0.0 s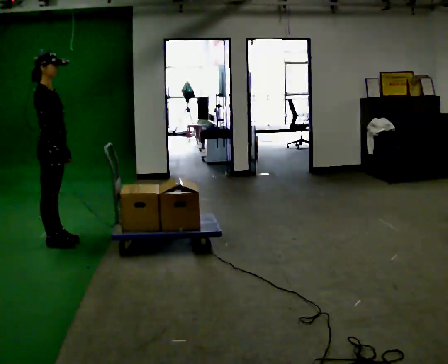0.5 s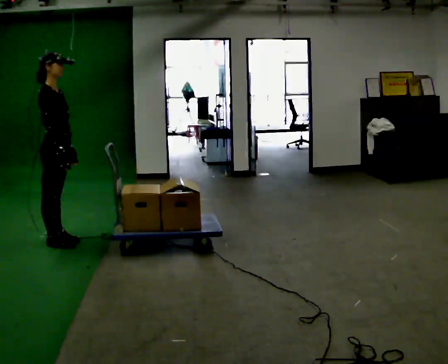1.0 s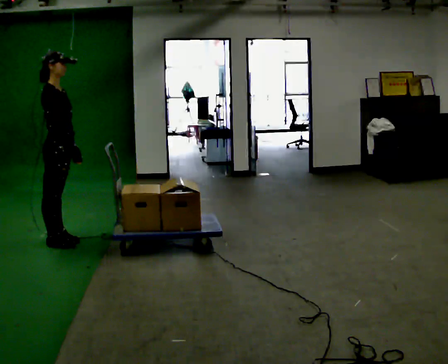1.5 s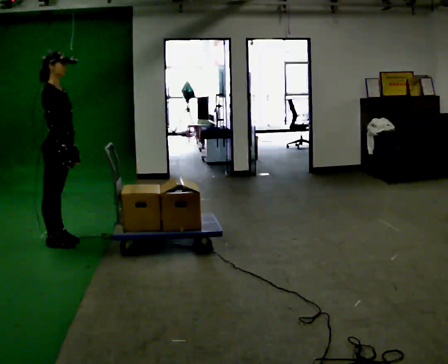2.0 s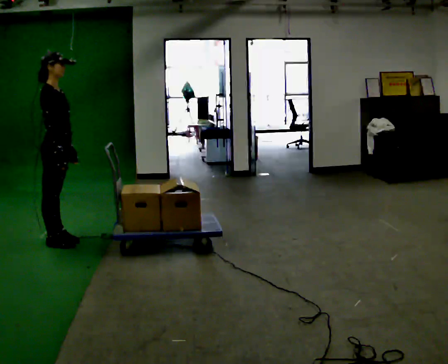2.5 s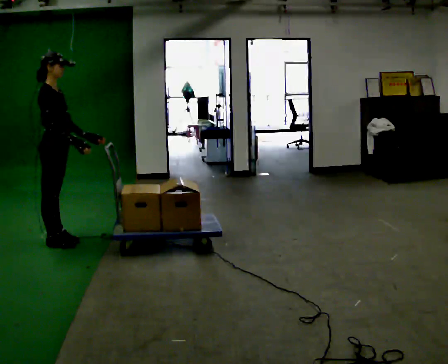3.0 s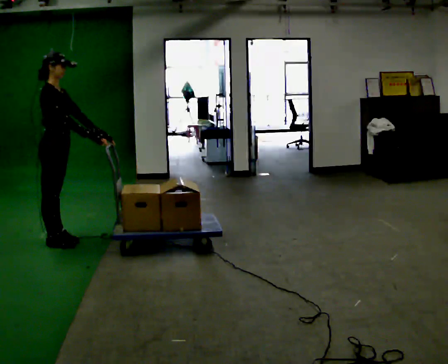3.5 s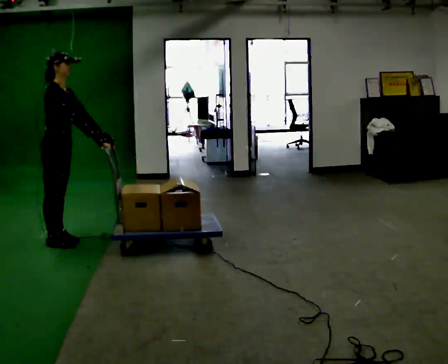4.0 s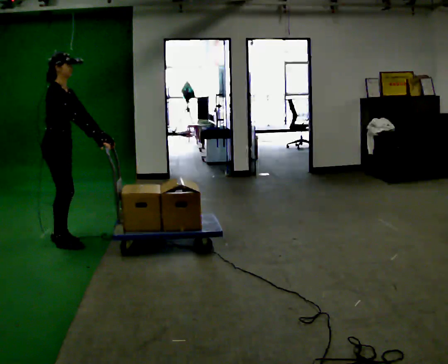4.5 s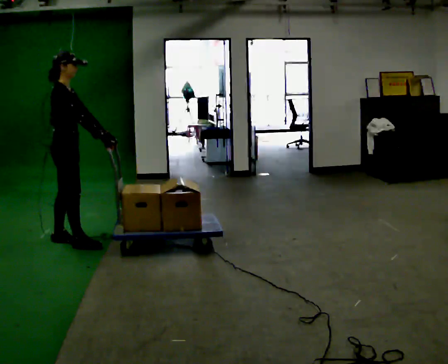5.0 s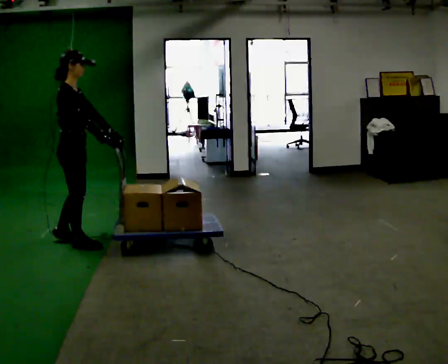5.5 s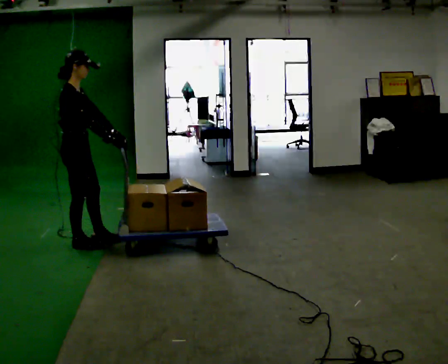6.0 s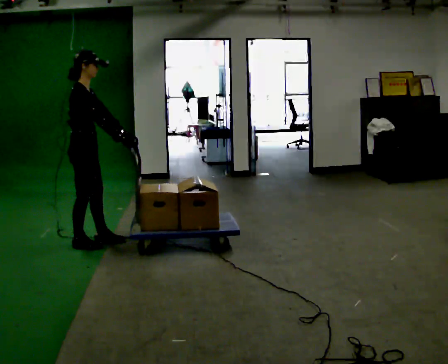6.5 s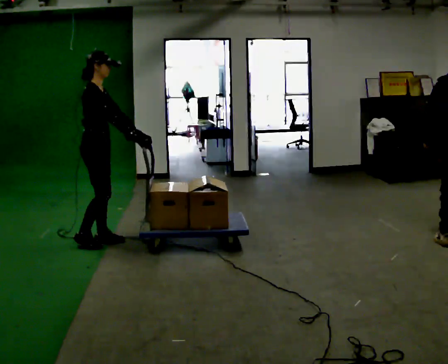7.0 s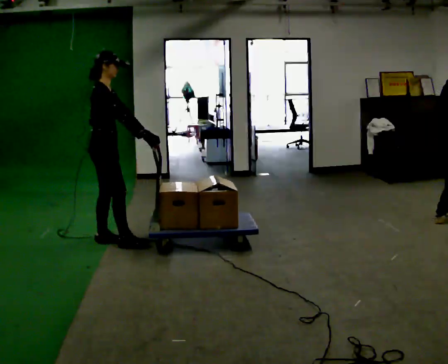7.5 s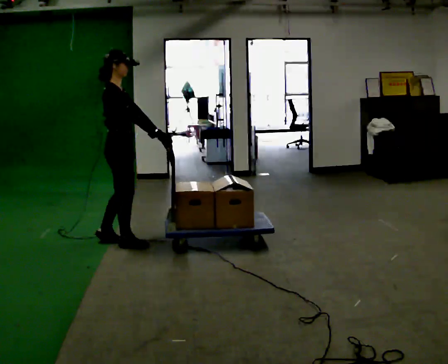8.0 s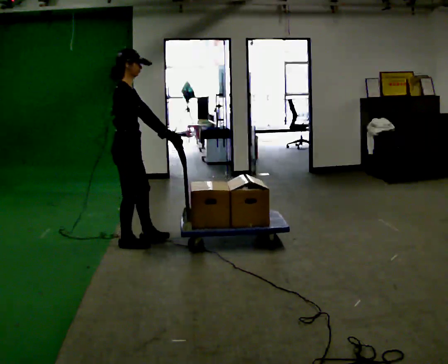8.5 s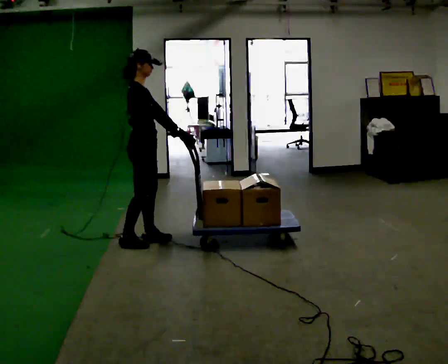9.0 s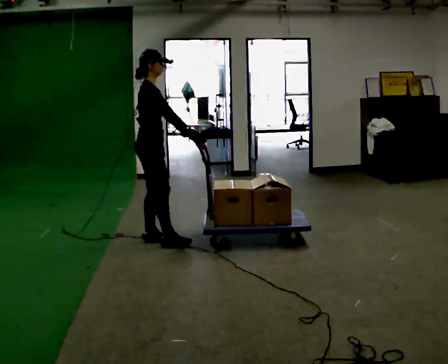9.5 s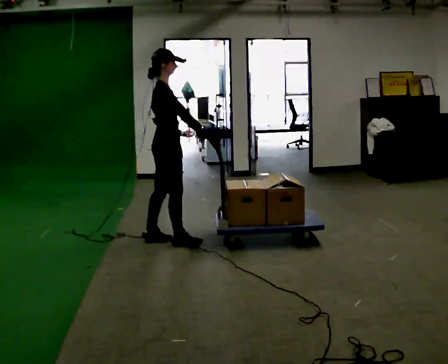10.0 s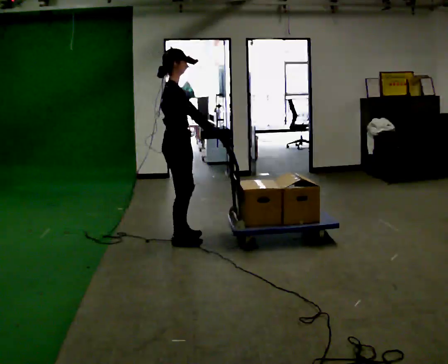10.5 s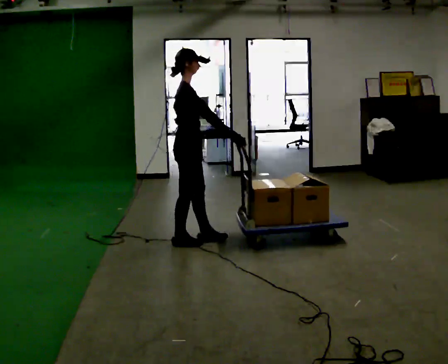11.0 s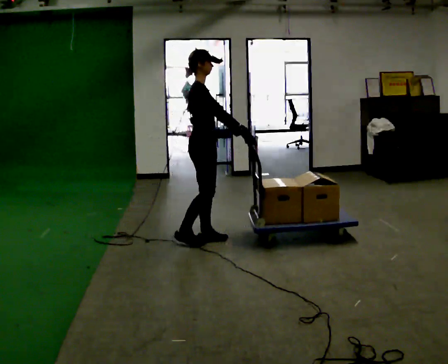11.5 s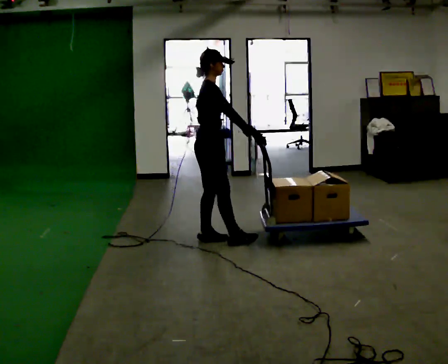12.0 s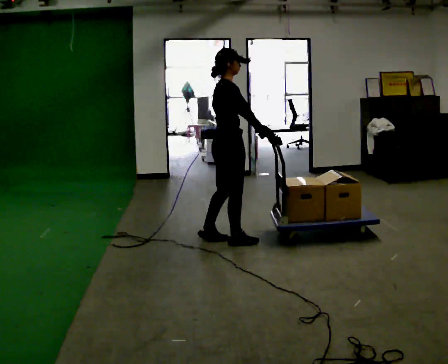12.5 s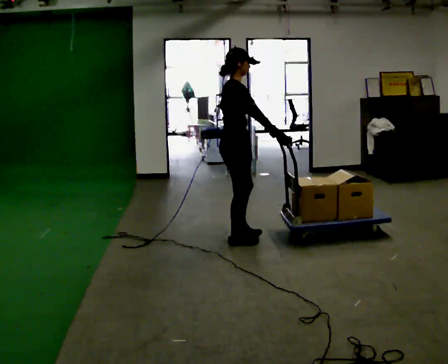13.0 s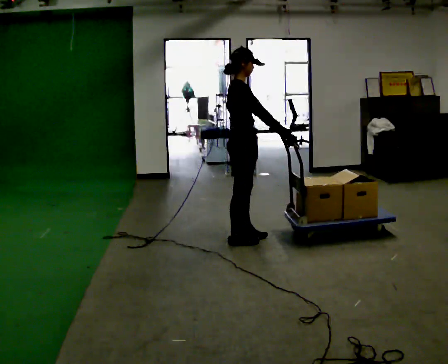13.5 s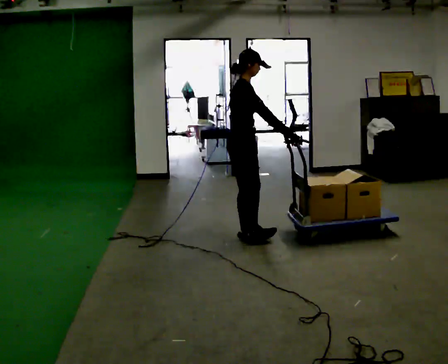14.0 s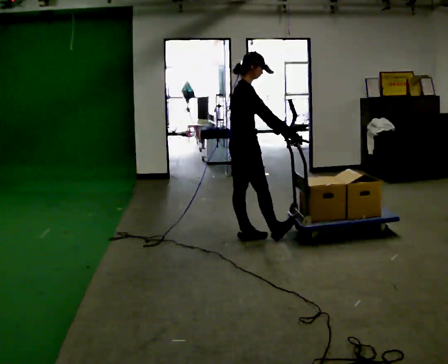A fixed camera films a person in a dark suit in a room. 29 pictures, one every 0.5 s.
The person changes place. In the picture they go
to the right.
0.0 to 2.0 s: The person moves a little, or ends about where they began.
2.0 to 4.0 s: In the picture their left hand goes to the right.
4.0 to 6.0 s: In the picture they go to the right, about 0.25 m in 2 steps, which for them is forward and to their right.
6.0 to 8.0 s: In the picture they go to the right, about 0.25 m in 1 step, which for them is forward.
8.0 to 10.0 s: In the picture they go to the right, about 0.5 m in 2 steps, which for them is forward.
10.0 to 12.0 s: In the picture they go to the right, about 0.5 m in 2 steps, which for them is forward.
12.0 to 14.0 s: In the picture they go to the right, about 0.25 m in 2 steps, which for them is forward.
The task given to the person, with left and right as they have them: Push the cart across the room and back. The operator will change how much is loaded on it between takes and will tell you each time.
The film runs forward here.
